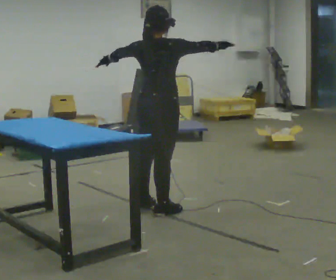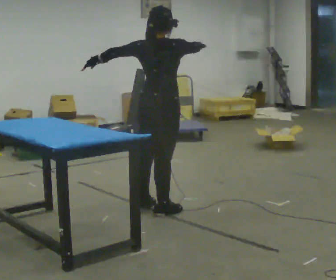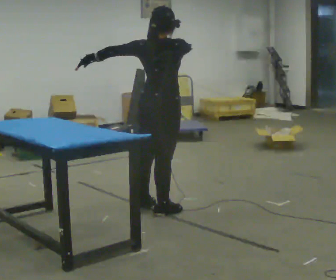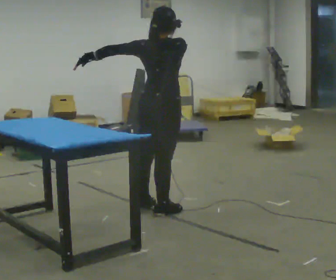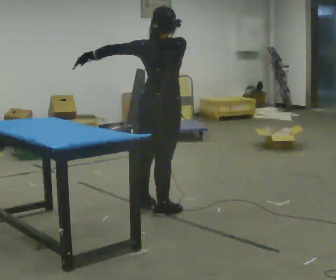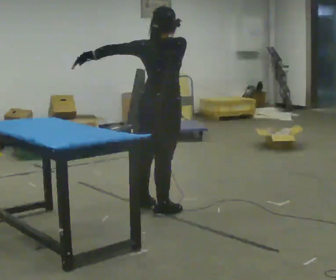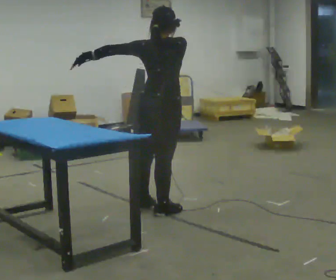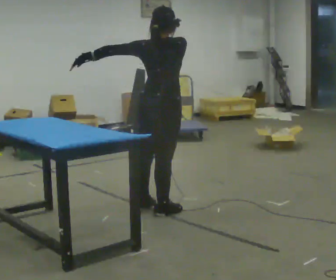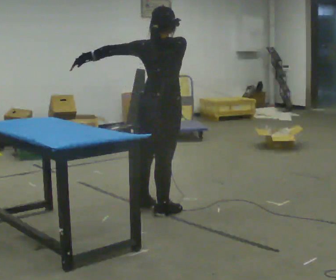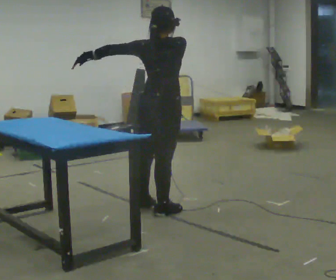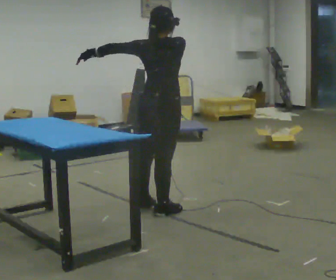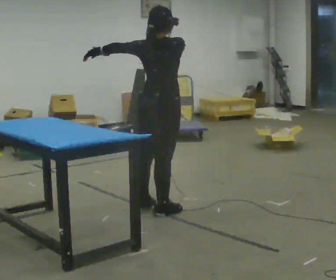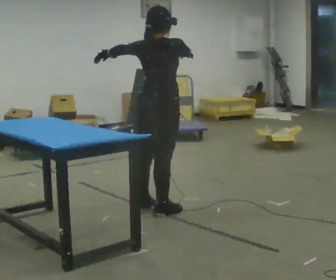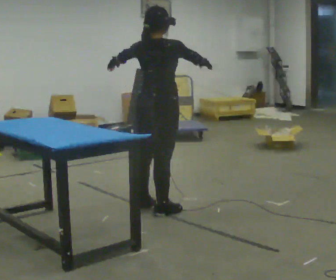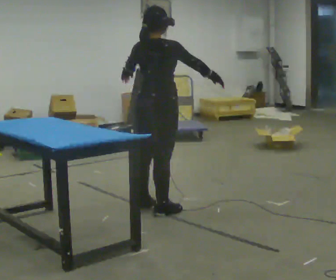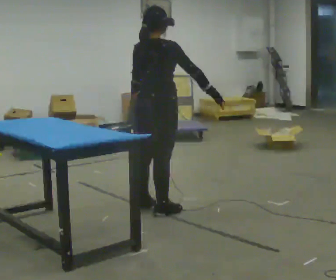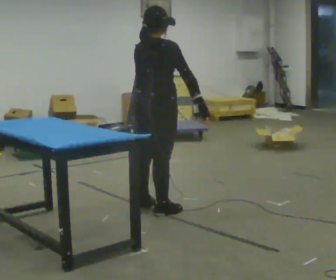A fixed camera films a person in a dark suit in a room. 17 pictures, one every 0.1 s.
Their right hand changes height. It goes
downward.
0.0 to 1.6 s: In the picture their right hand goes downward.
The film runs backward here.
